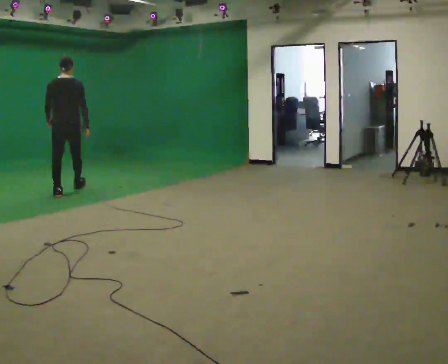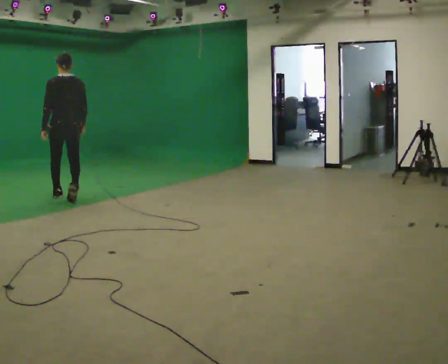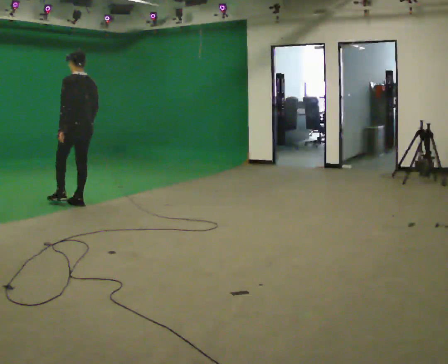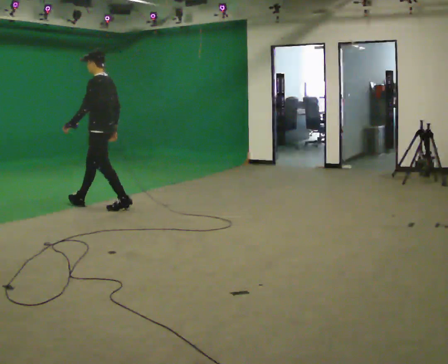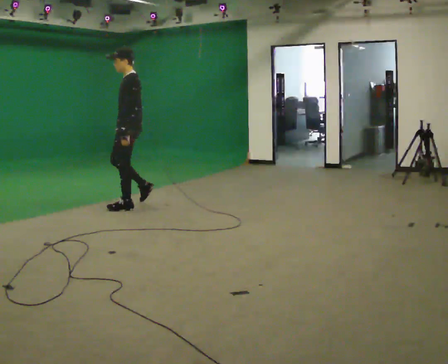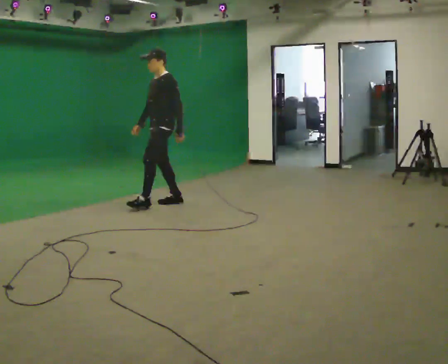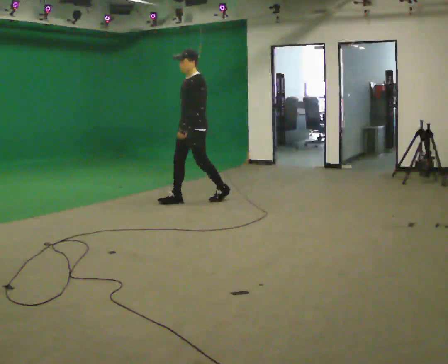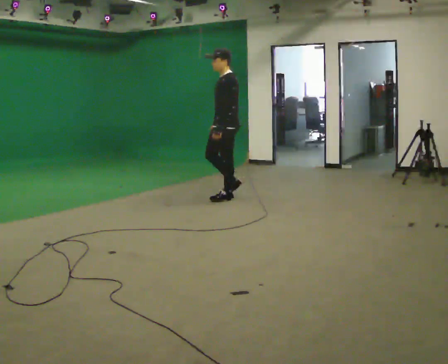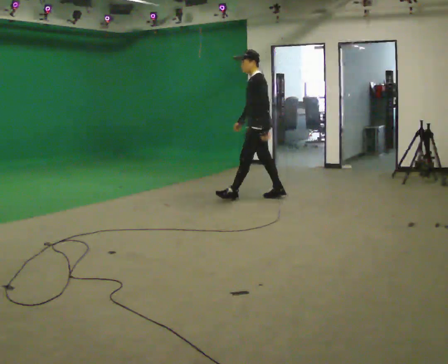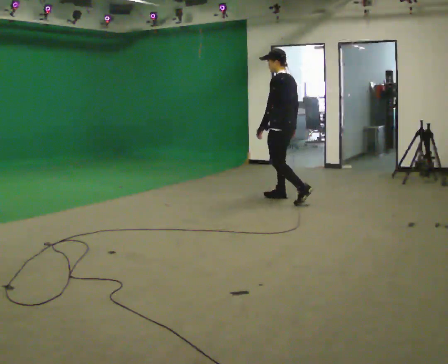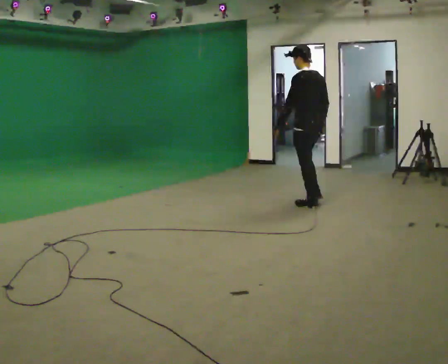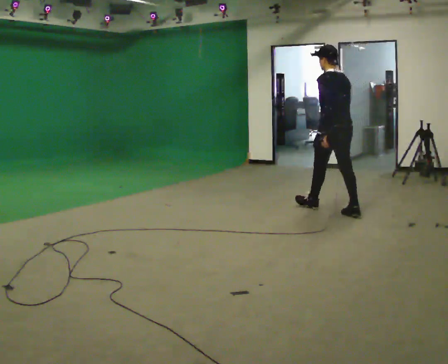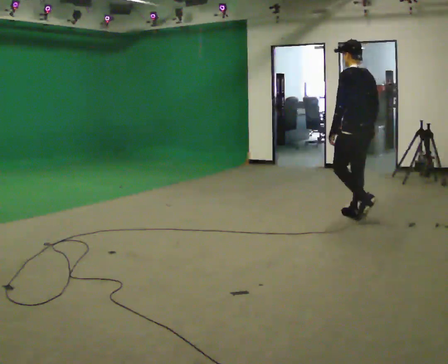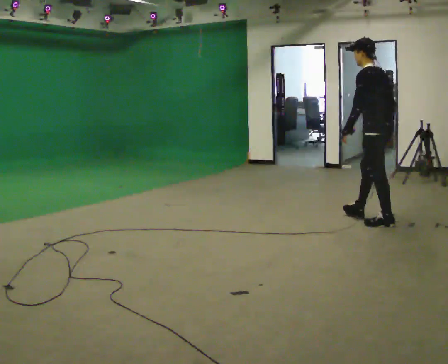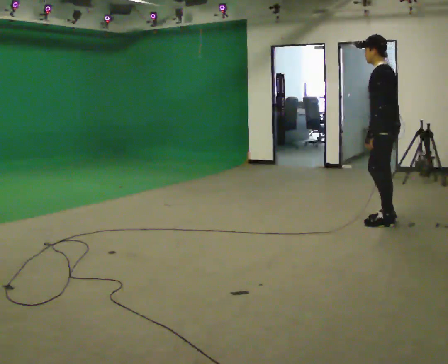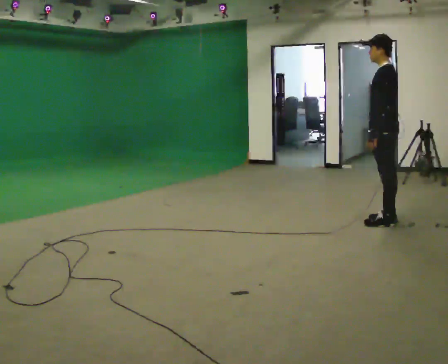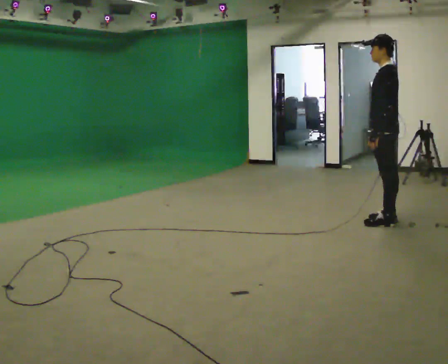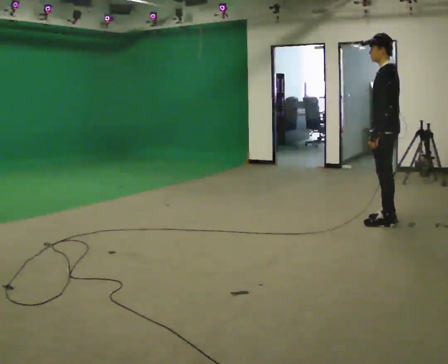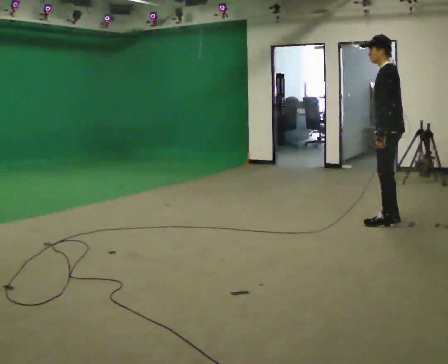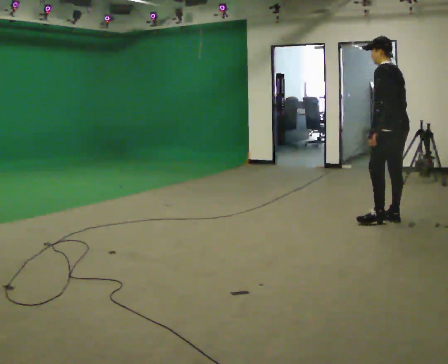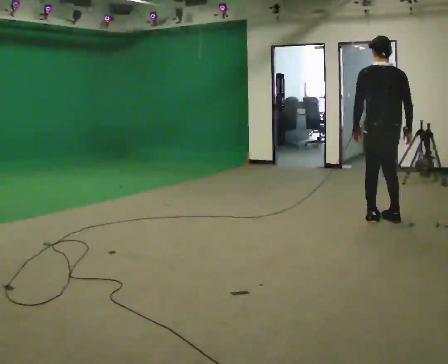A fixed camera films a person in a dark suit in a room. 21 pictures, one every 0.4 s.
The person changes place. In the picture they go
to the right.
0.0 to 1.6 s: The part of the body nearest the lens slides to the right as the person turns to their left by about 90 degrees. In the picture they go to the right and toward the camera, about 1 m in 2 steps.
1.6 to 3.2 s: In the picture they go to the right and away from the camera, about 1.5 m in 3 steps, which for them is backward.
3.2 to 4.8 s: The part of the body nearest the lens slides to the left as the person turns to their right by about 60 degrees. In the picture they go to the right and toward the camera, about 1.5 m in 2 steps, which for them is backward.
4.8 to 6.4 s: Seen from above the body turns counterclockwise, about 30 degrees: to their left, with its near side sliding to the right. In the picture they go toward the camera and to the right, about 0.25 m in 1 step, which for them is backward and to their left.
6.4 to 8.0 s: The part of the body nearest the lens slides to the left as the person turns to their right by about 75 degrees.
The film runs backward here.
